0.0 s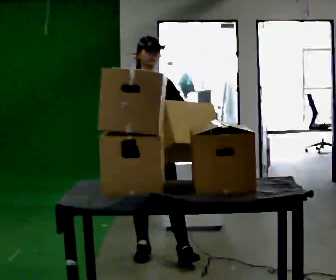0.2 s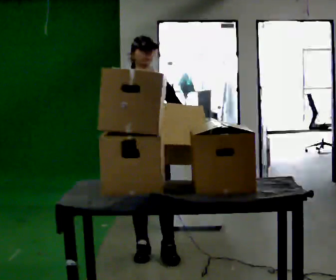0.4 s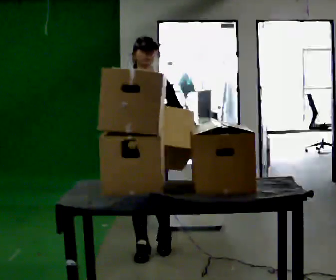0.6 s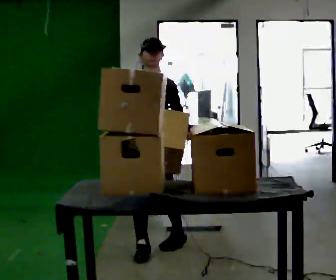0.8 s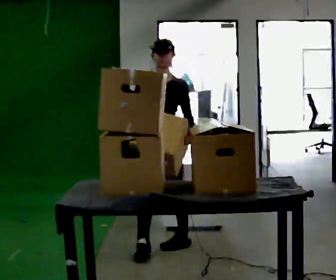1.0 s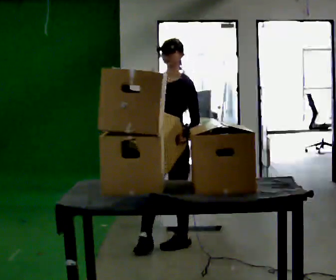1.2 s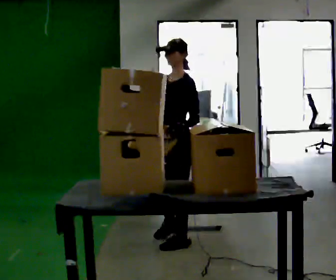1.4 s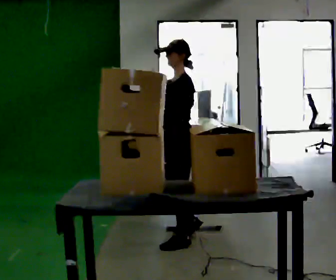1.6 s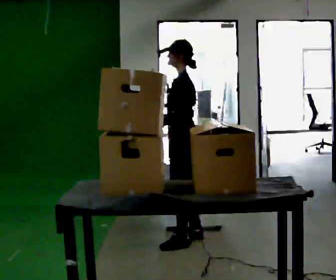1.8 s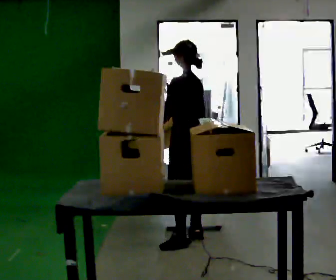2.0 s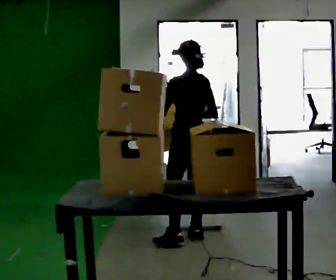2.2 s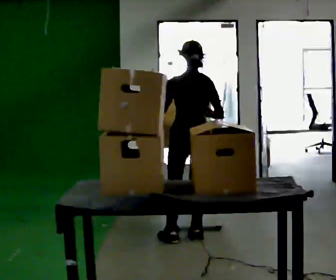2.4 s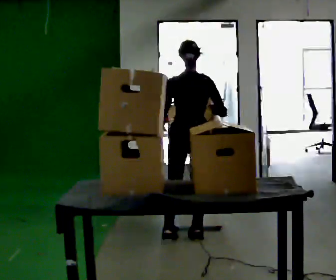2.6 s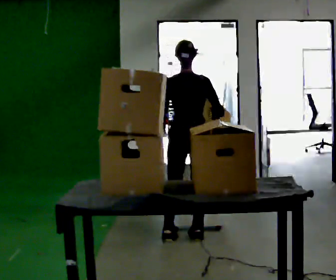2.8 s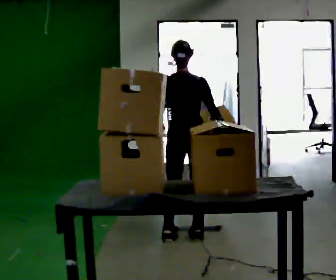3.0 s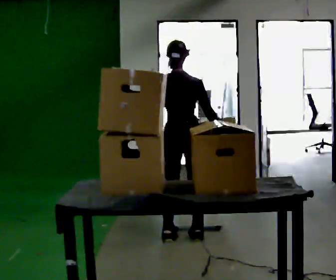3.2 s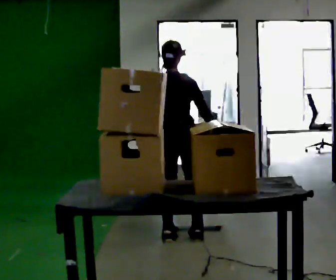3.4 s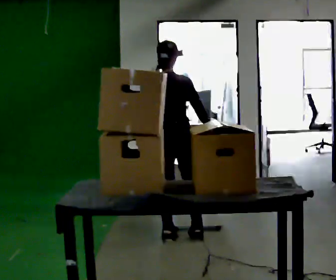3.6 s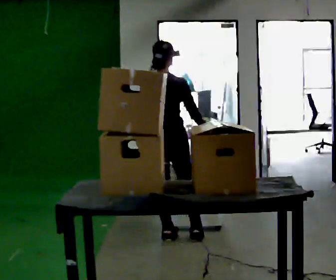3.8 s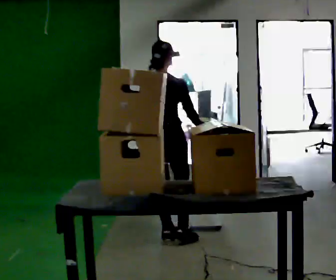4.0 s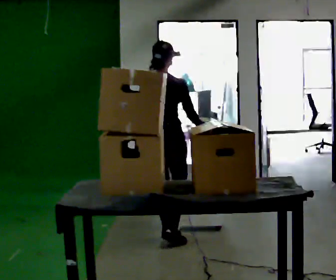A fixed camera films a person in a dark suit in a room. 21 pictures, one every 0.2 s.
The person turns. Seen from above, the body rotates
clockwise.
The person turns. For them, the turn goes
to their right.
0.0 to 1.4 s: Seen from above the body turns clockwise, about 90 degrees: to their right, with its near side sliding to the left. In the picture they go away from the camera and to the right, about 0.5 m in 2 steps.
1.4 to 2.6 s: The part of the body nearest the lens slides to the left as the person turns to their right by about 120 degrees. In the picture they go away from the camera, about 0.25 m in 1 step.
2.6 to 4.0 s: In the picture they go to the left, about 0.25 m in 1 step, which for them is to their left and backward.
The film runs backward here.
